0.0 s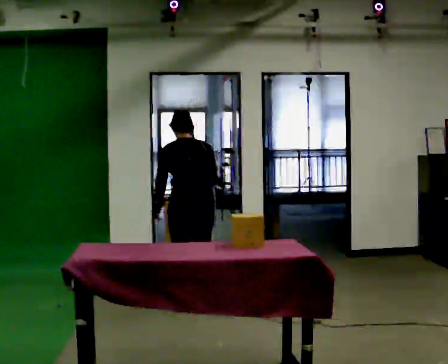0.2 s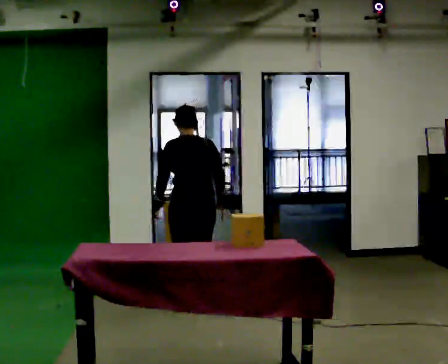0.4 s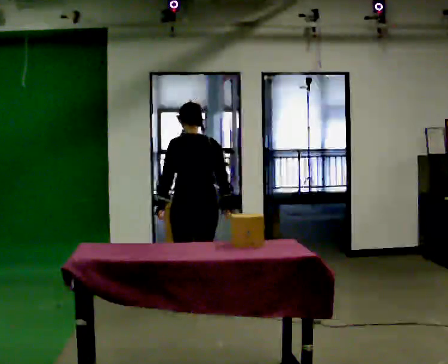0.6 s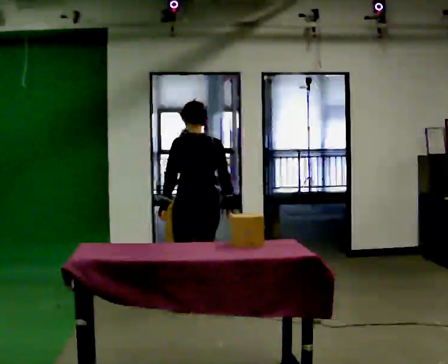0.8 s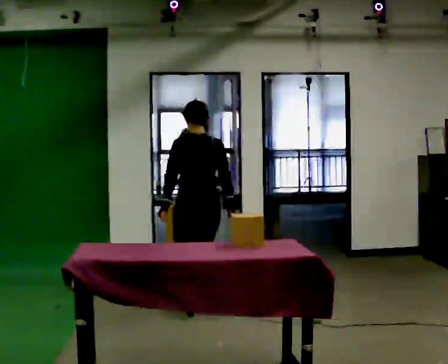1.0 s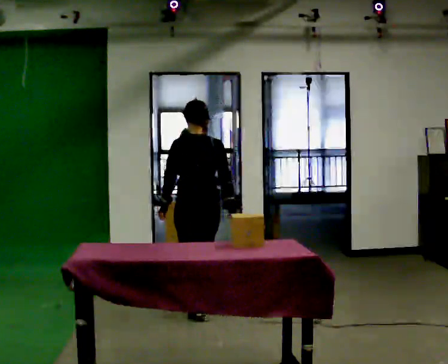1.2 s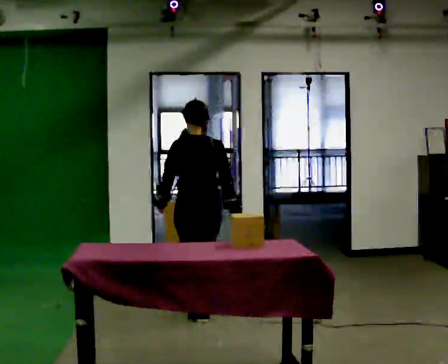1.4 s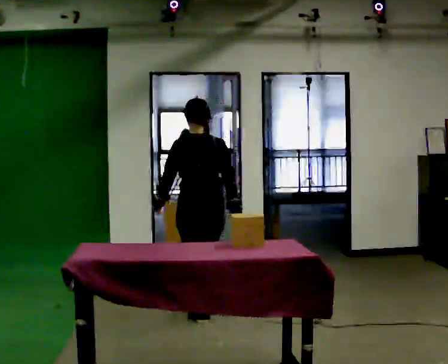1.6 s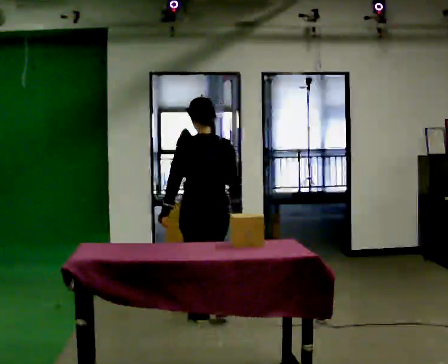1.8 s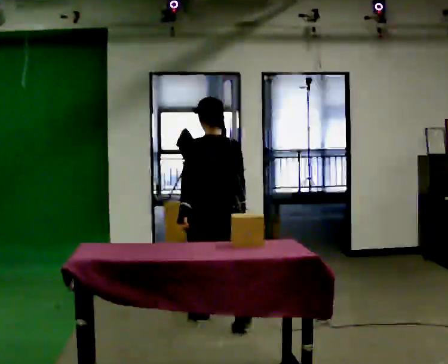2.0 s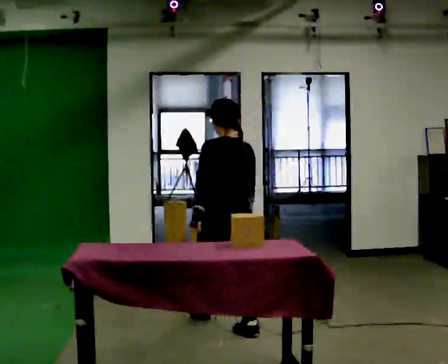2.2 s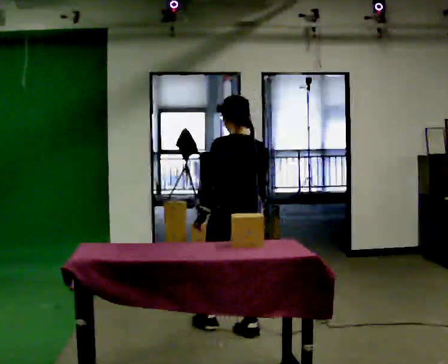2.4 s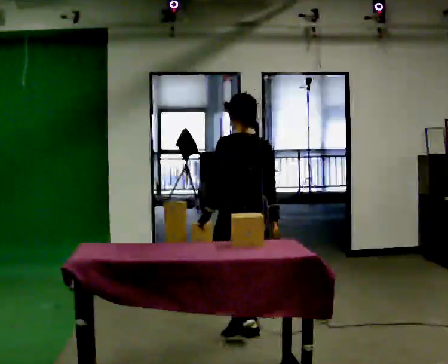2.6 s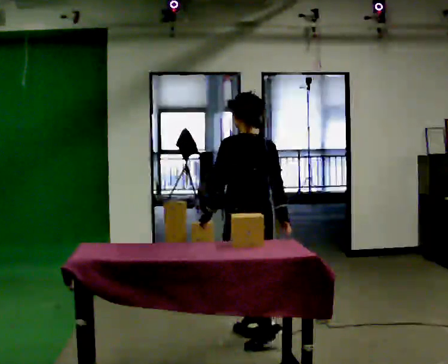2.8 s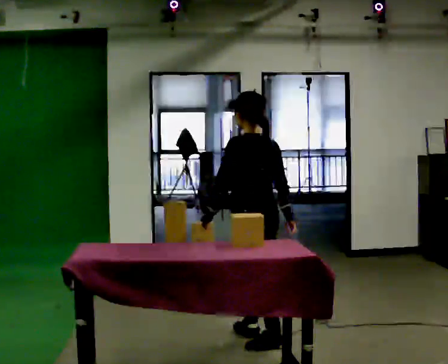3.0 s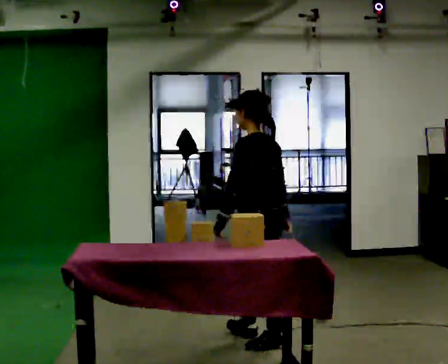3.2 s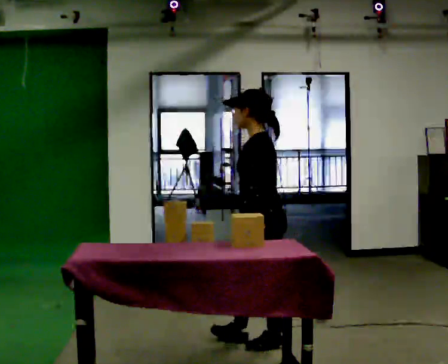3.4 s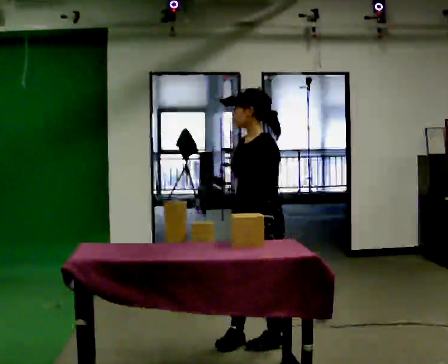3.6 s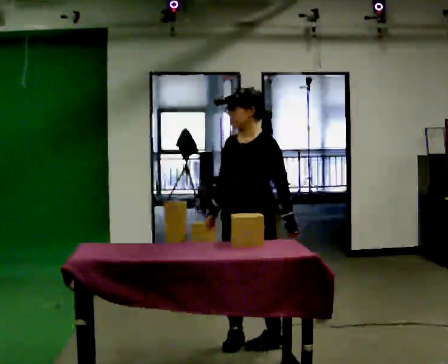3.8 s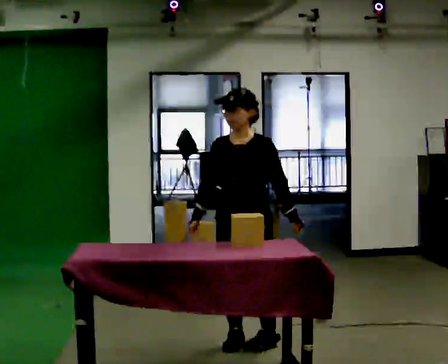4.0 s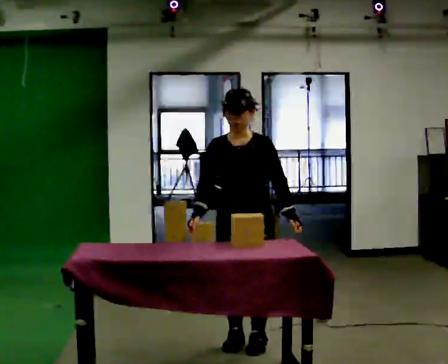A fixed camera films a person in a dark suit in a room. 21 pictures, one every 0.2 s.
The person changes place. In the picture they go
toward the camera.
The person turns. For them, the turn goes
to their left.
0.0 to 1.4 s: In the picture they go toward the camera, about 0.25 m in 2 steps, which for them is backward. The upper body tips toward the camera, its near side rolling downward, as they lean back or straighten.
1.4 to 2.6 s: The part of the body nearest the lens slides to the right as the person turns to their left by about 30 degrees. In the picture they go toward the camera and to the right, about 0.5 m in 1 step, which for them is backward.
2.6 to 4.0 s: The part of the body nearest the lens slides to the right as the person turns to their left by about 120 degrees. In the picture they go toward the camera, about 0.25 m in 1 step. In the picture their left hand goes to the right, the arm swinging counterclockwise.
The film runs backward here.
